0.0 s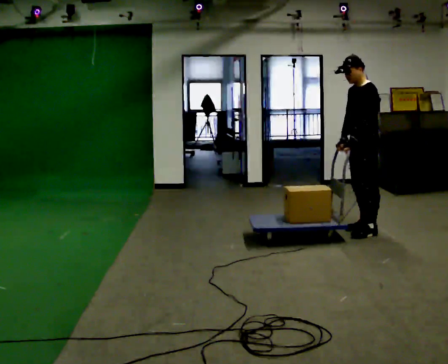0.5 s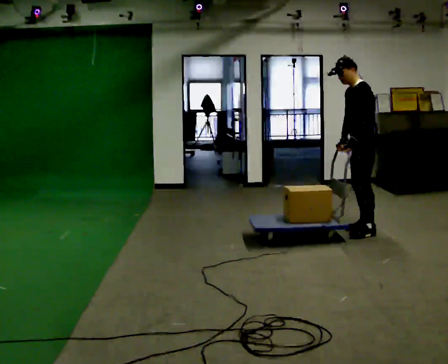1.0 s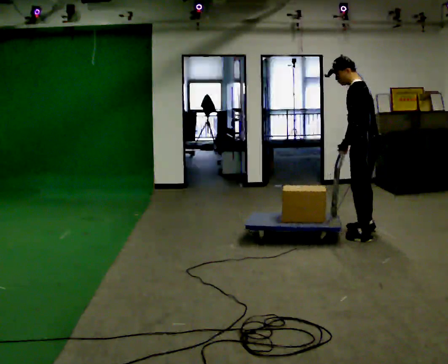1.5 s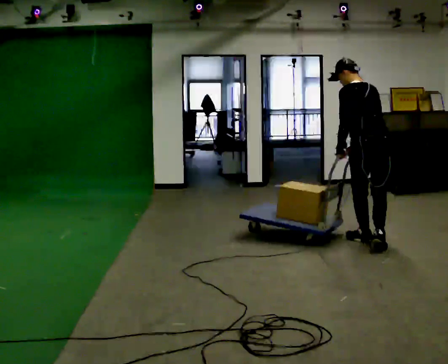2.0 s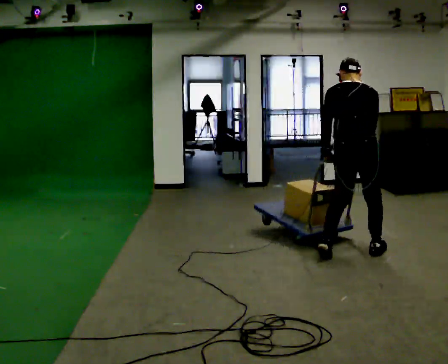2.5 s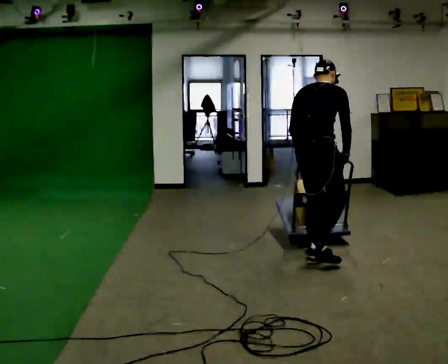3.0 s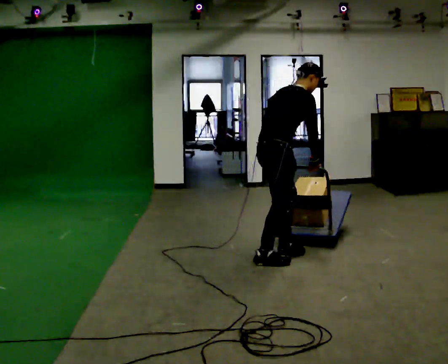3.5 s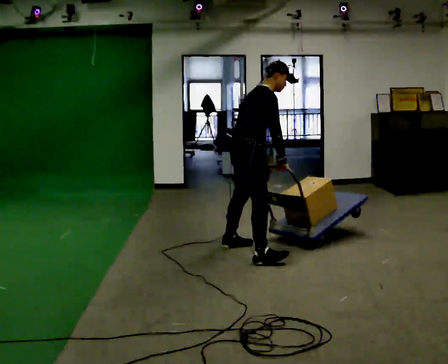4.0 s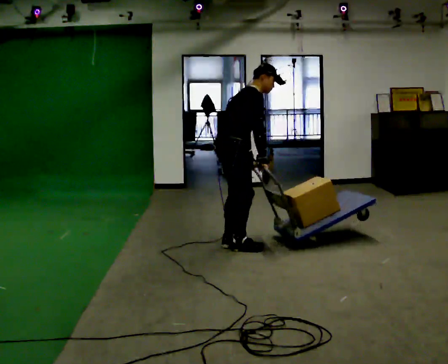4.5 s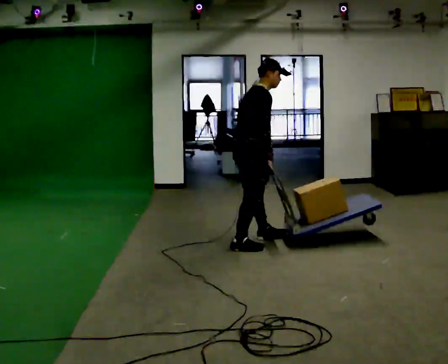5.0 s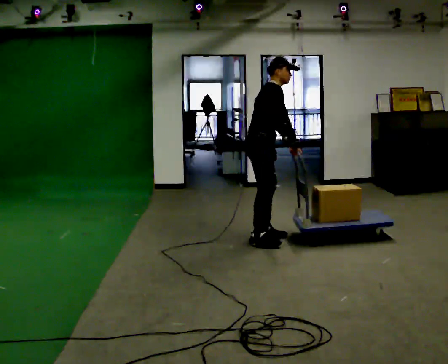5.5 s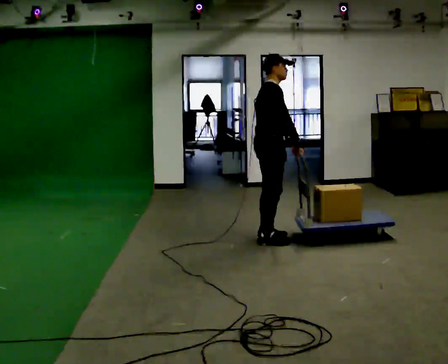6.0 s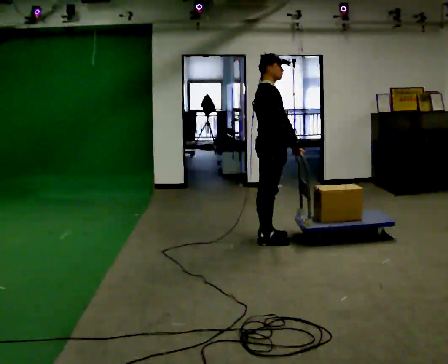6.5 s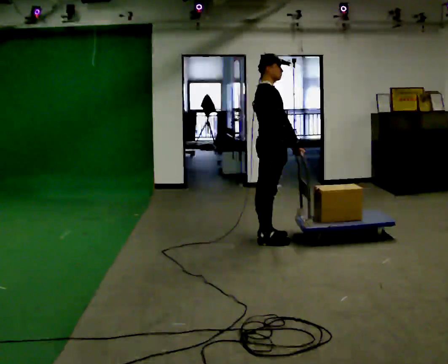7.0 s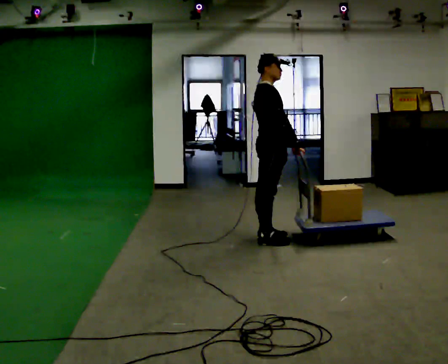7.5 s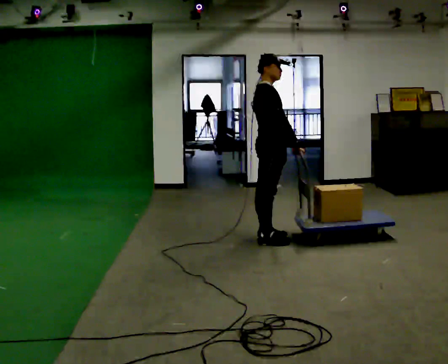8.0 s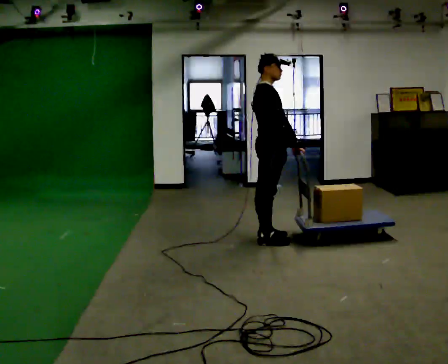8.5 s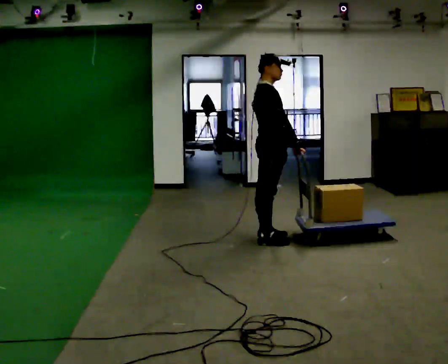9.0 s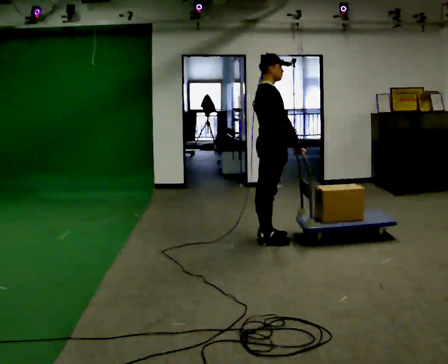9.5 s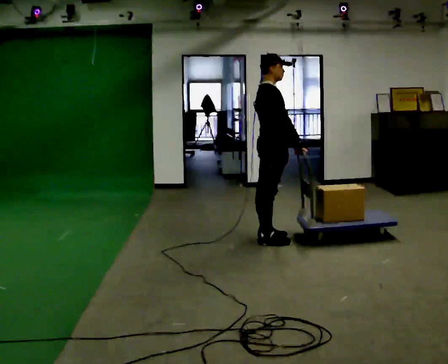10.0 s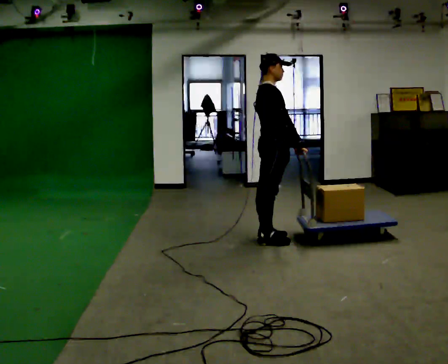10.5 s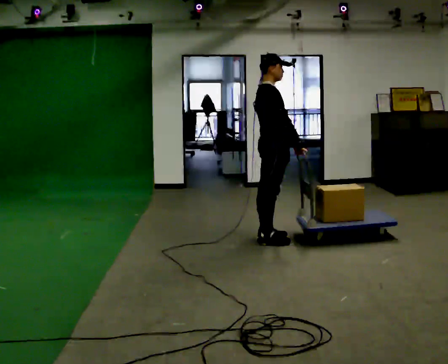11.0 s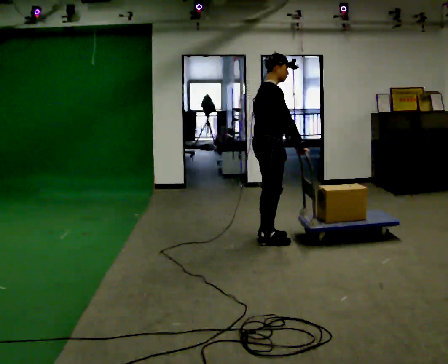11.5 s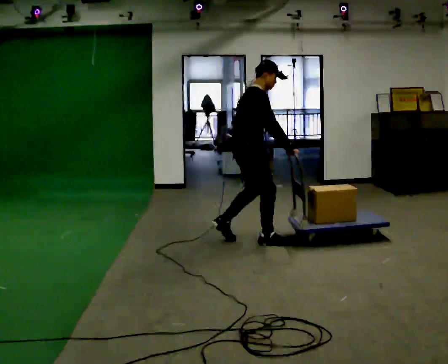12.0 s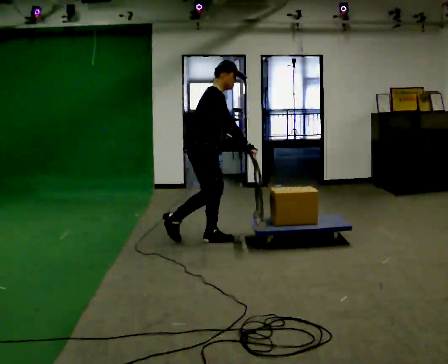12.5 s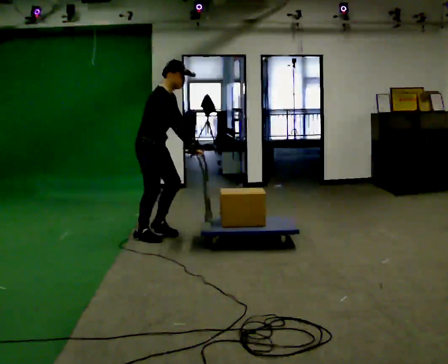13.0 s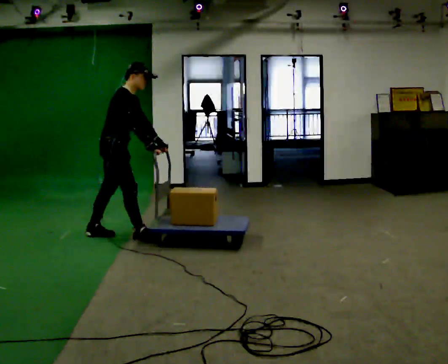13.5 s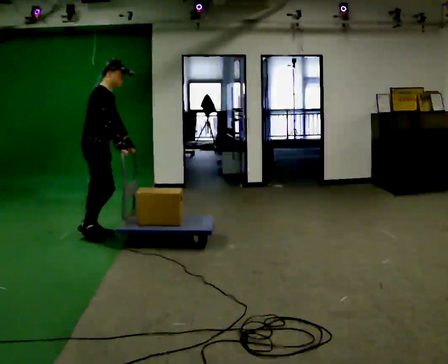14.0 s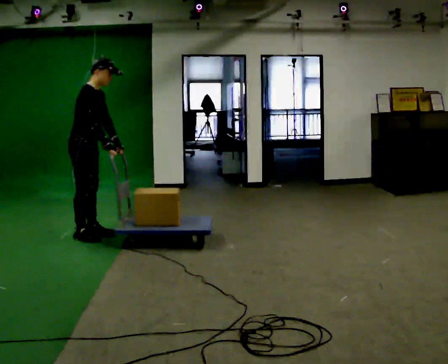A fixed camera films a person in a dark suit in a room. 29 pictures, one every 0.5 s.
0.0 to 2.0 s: The part of the body nearest the lens slides to the left as the person turns to their right by about 105 degrees. In the picture they go toward the camera, about 0.5 m in 3 steps.
2.0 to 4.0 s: Seen from above the body turns clockwise, about 60 degrees: to their right, with its near side sliding to the left. In the picture they go to the left, about 1 m in 3 steps. In the picture the upper body tilts clockwise, shoulders to the right.
4.0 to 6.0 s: In the picture they go to the right and away from the camera, about 0.5 m in 2 steps, which for them is forward and to their left. In the picture the upper body tilts counterclockwise, shoulders to the left, as they lean back or straighten.
6.0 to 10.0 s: The person keeps their place and pose.
10.0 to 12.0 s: In the picture they go to the left, about 0.5 m in 2 steps, which for them is backward. In the picture the upper body tilts clockwise, shoulders to the right, as they bend forward.
12.0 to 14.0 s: In the picture they go to the left, about 1 m in 2 steps, which for them is backward.
The film runs backward here.
